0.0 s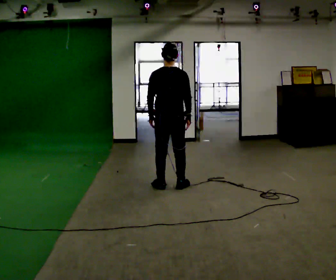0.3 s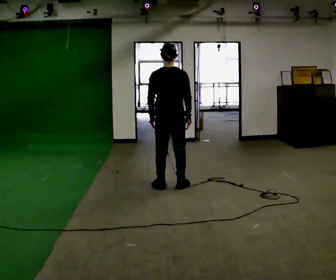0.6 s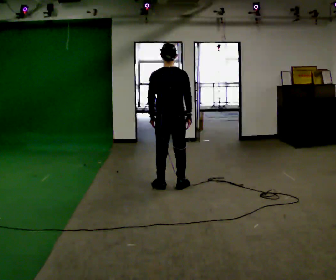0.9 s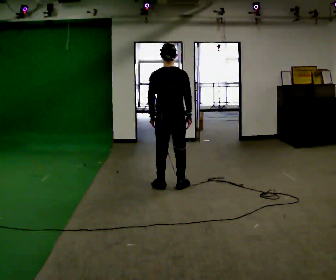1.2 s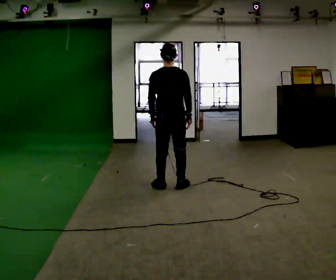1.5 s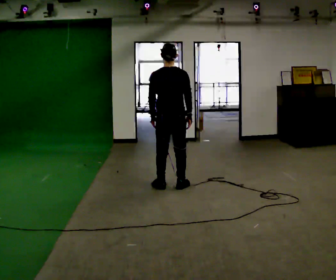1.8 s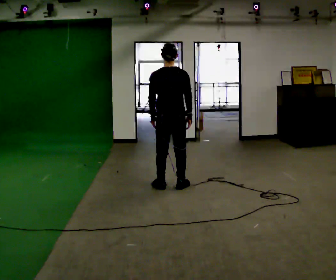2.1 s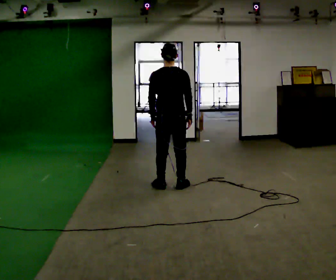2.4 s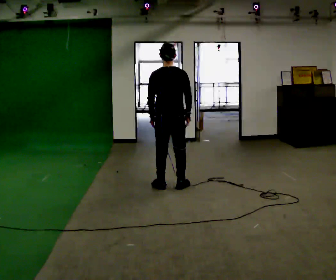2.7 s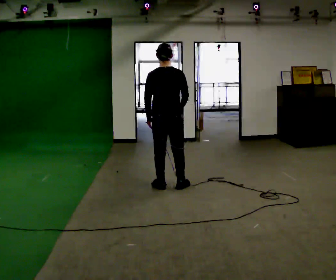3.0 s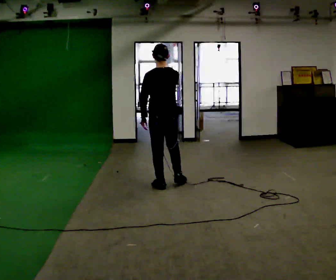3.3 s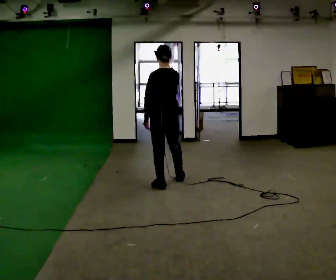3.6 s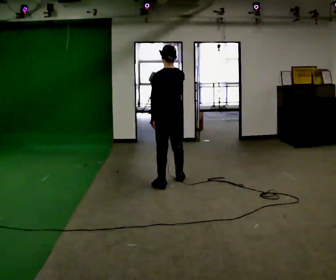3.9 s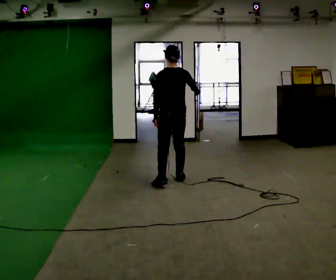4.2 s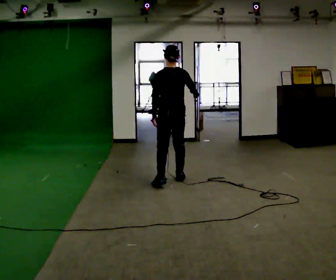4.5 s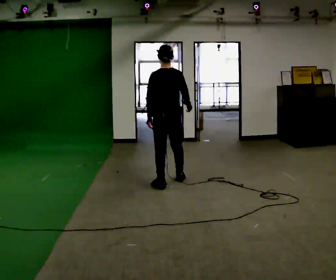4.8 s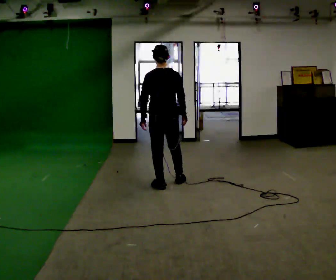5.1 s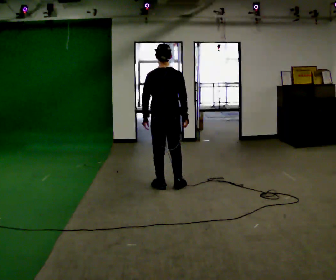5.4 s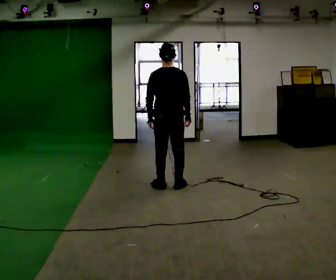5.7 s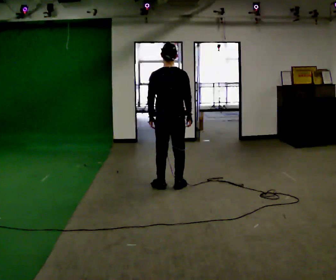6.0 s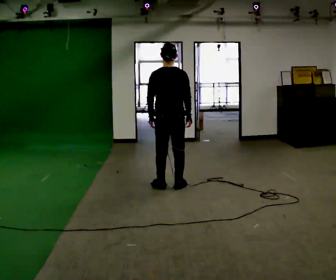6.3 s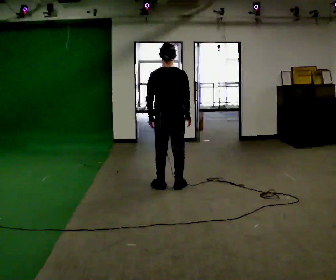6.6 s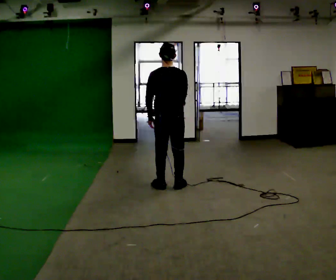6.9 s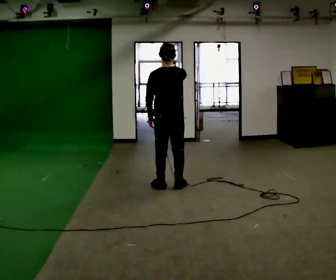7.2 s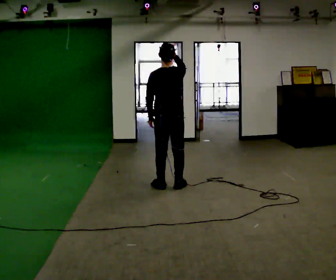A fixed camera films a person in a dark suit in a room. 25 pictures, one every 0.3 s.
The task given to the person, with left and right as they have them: Act out everyday actions without any objects, as in charades: opening a door, drinking, reading, brushing your hair. Repeat the movement at your own pace until the operator says stop; do not rush.
0.0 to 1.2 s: The person keeps their place and pose.
1.2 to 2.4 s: The person moves a little, or ends about where they began.
2.4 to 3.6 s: The person turns about 30 degrees to their left, counterclockwise seen from above, so the part of the body nearest the lens slides to the right. In the picture they go away from the camera, about 0.25 m in 1 step, which for them is forward.
3.6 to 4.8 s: In the picture they go toward the camera, about 0.25 m, which for them is to their left. In the picture their right hand goes downward.
4.8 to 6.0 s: The person moves a little, or ends about where they began.
6.0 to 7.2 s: In the picture their right hand goes upward.
The film runs forward here.
